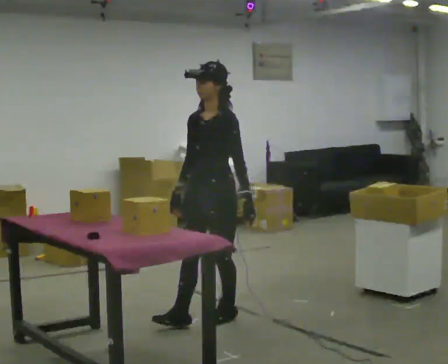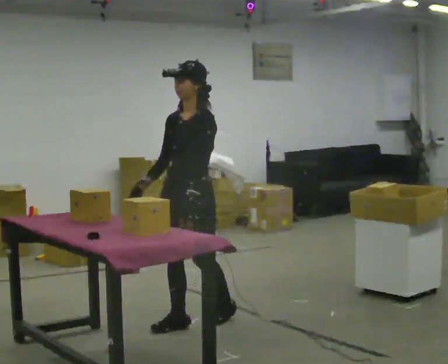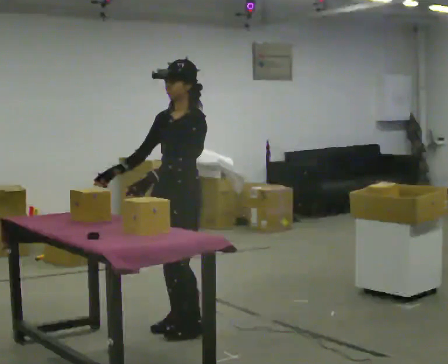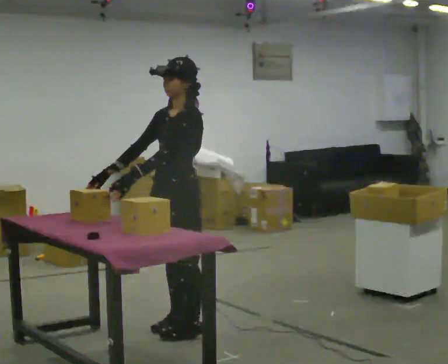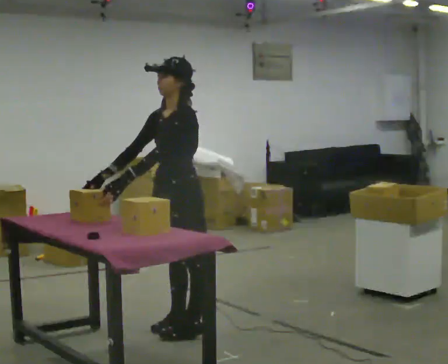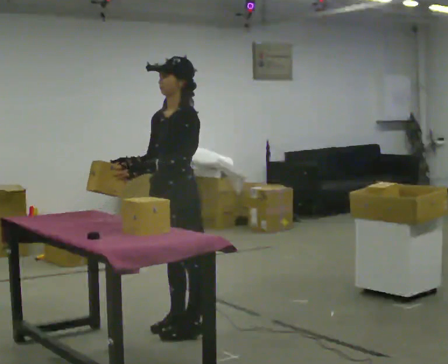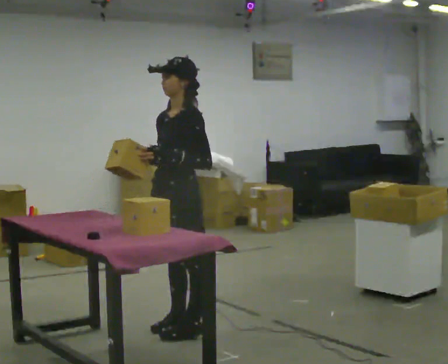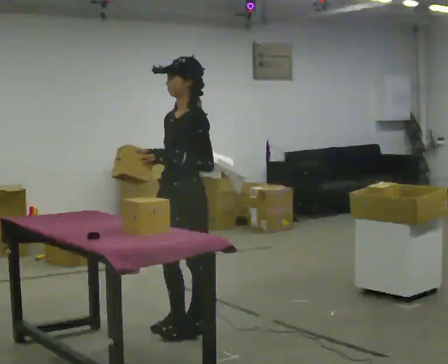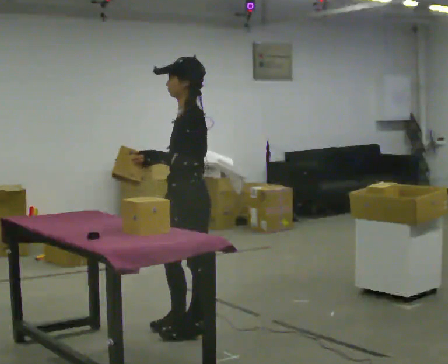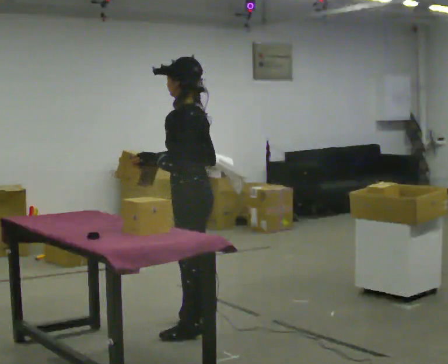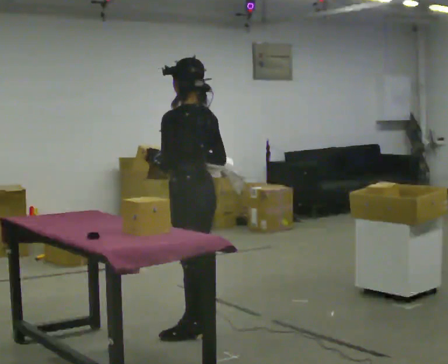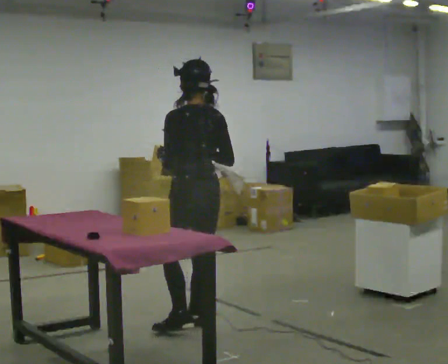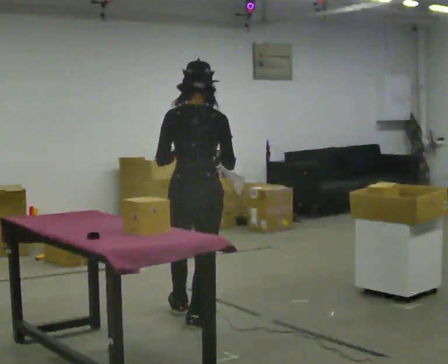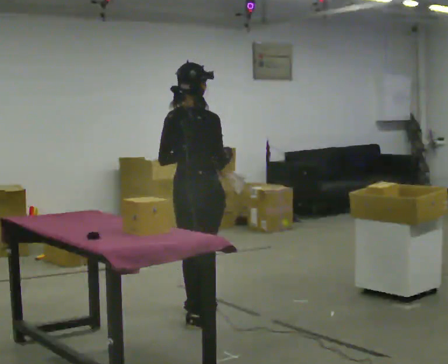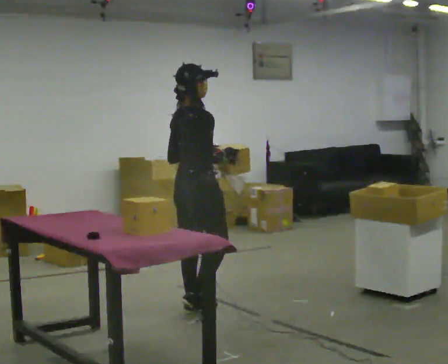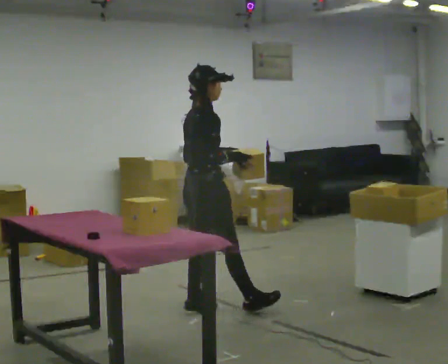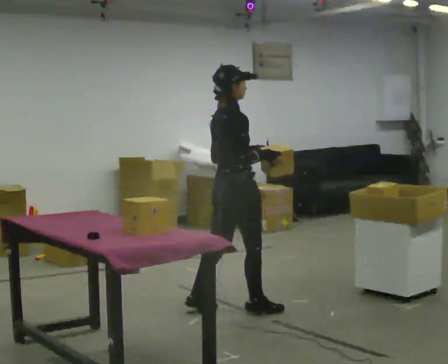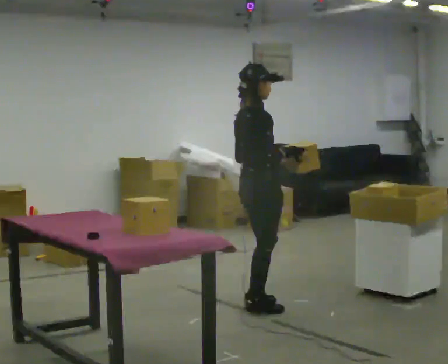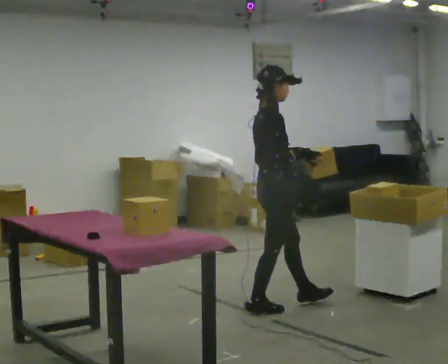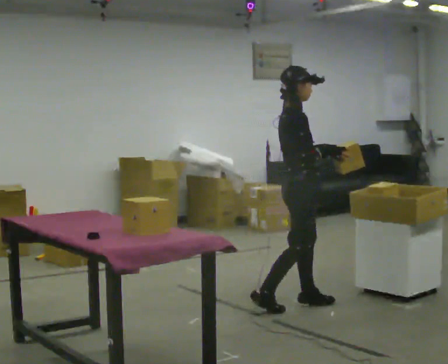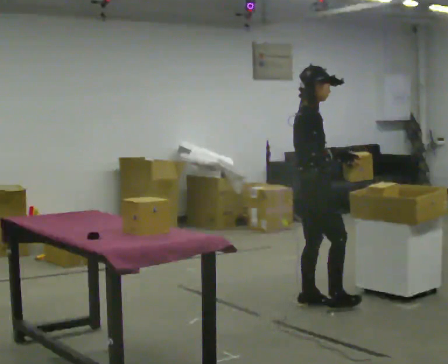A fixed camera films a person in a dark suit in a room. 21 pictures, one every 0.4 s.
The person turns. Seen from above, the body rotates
clockwise.
The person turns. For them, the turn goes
to their right.
0.0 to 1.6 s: In the picture they go toward the camera and to the left, about 0.25 m in 1 step, which for them is forward.
1.6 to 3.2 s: The person turns about 30 degrees to their right, clockwise seen from above, so the part of the body nearest the lens slides to the left. In the picture their right hand goes to the right.
3.2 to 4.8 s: The person turns about 105 degrees to their right, clockwise seen from above, so the part of the body nearest the lens slides to the left. In the picture they go away from the camera, about 0.25 m.
4.8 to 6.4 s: Seen from above the body turns clockwise, about 60 degrees: to their right, with its near side sliding to the left. In the picture they go away from the camera and to the right, about 0.5 m in 2 steps.
6.4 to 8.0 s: In the picture they go to the right, about 0.5 m in 1 step, which for them is forward.
The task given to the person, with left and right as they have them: Move objects one at a time from the waist-height shelf at one end of the room to the waist-height shelf at the other end. Keep going until the operator says stop; one object at a time, and do not rush between trips.
The film runs forward here.
